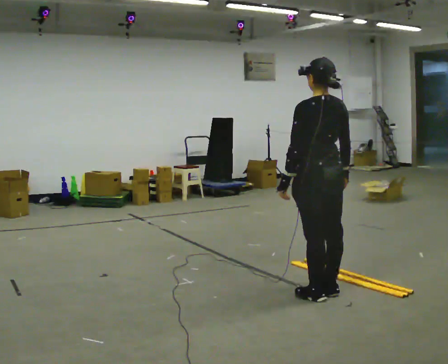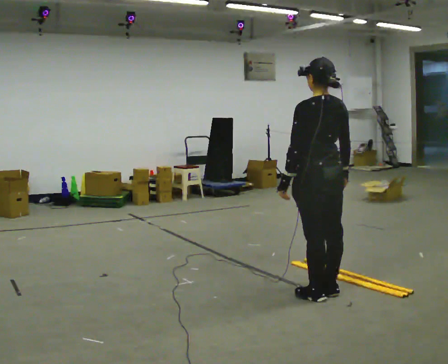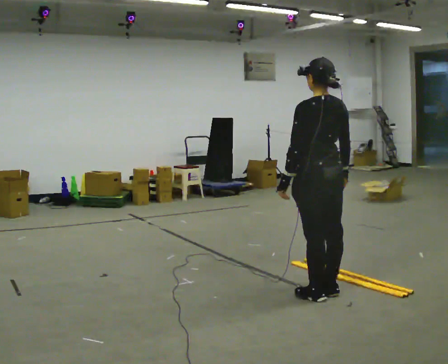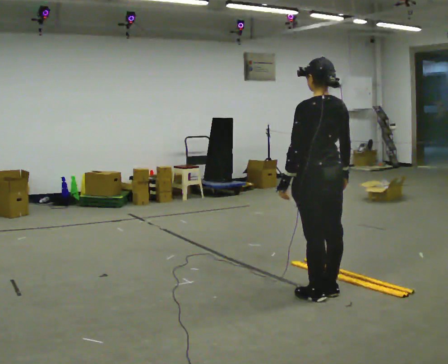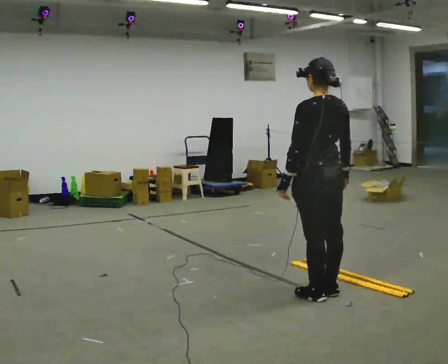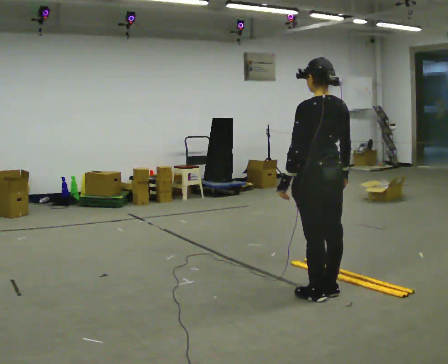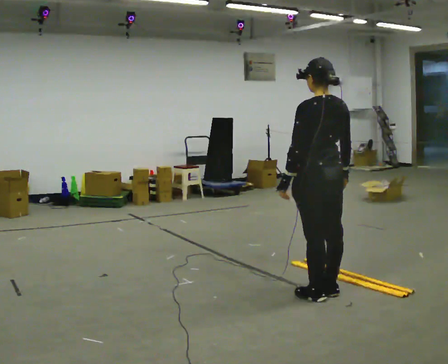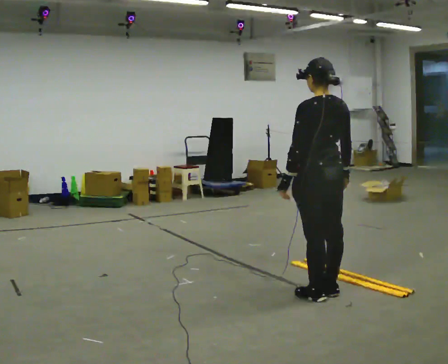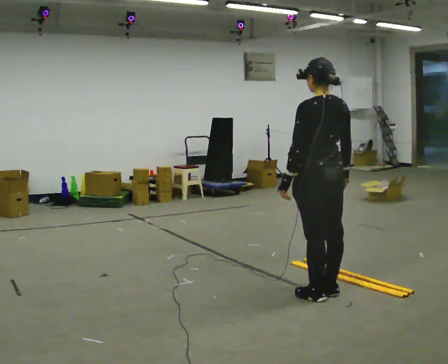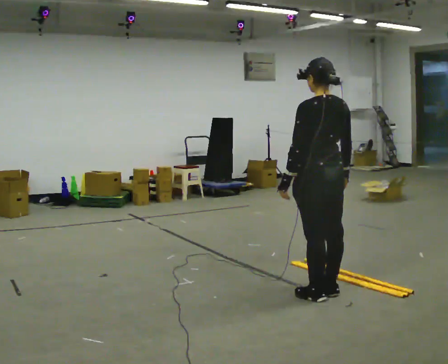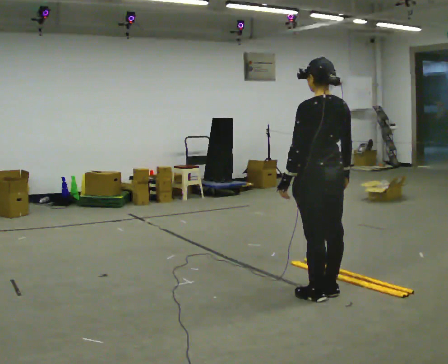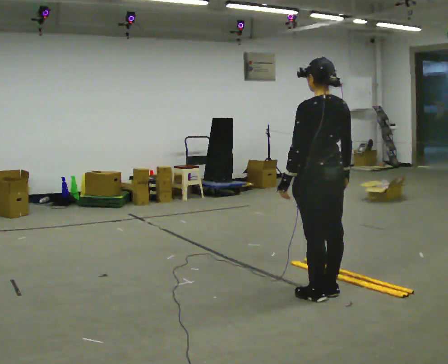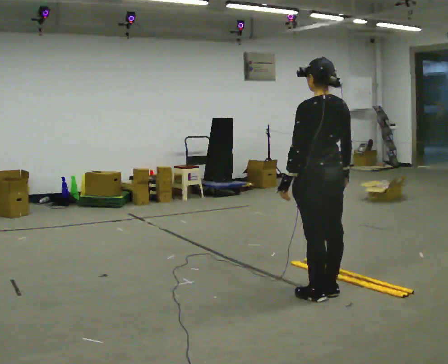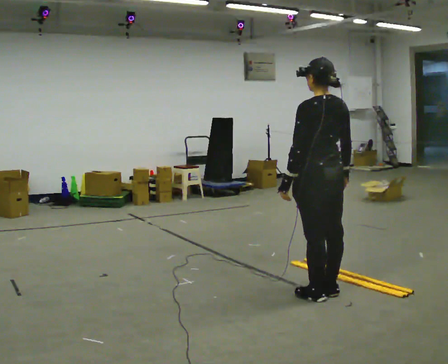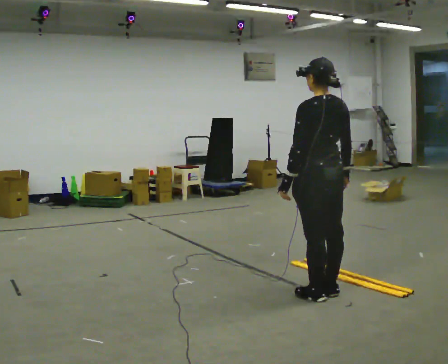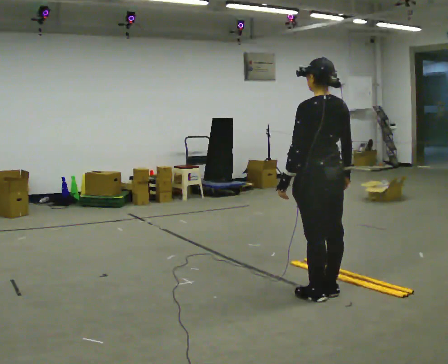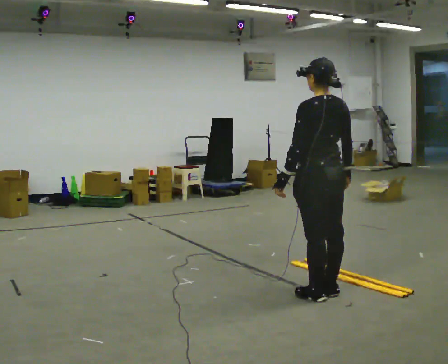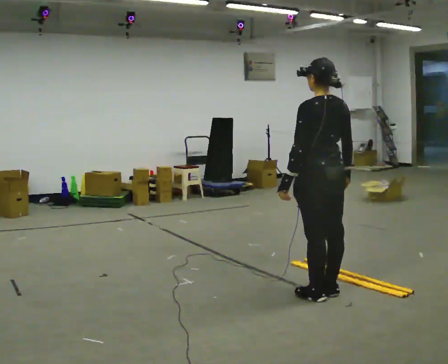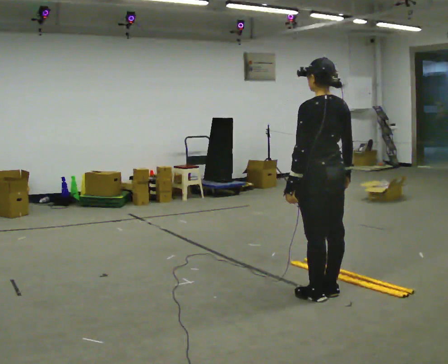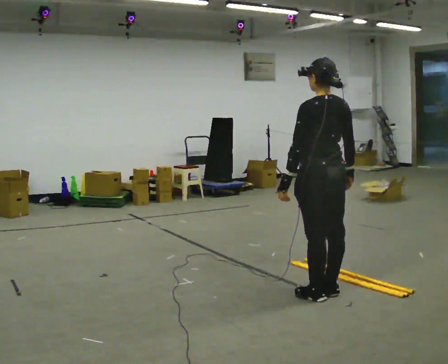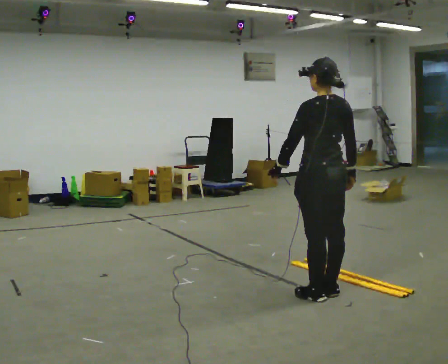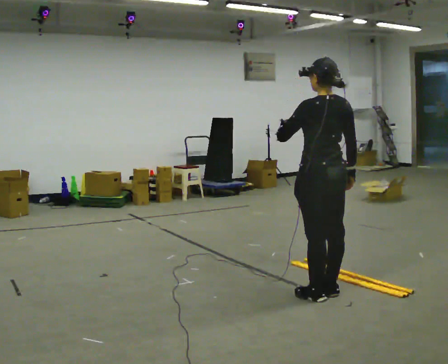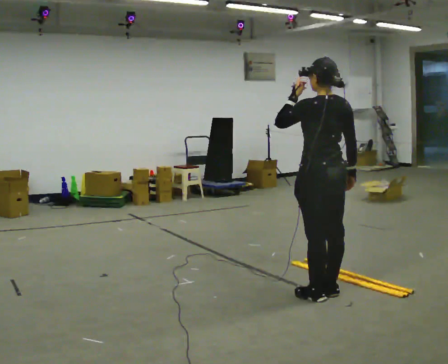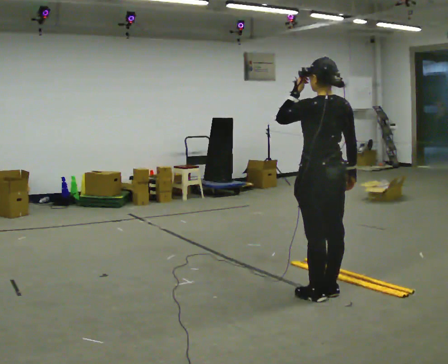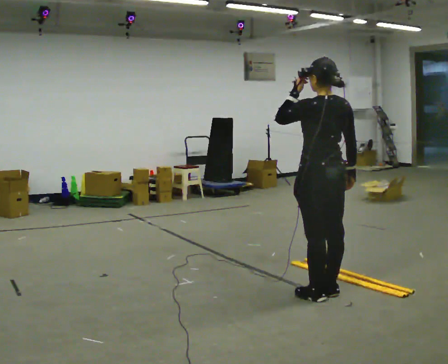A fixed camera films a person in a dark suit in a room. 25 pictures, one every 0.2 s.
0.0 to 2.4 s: The person keeps their place and pose.
2.4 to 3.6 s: The person moves a little, or ends about where they began.
3.6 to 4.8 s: In the picture their left hand goes upward.
The film runs backward here.
